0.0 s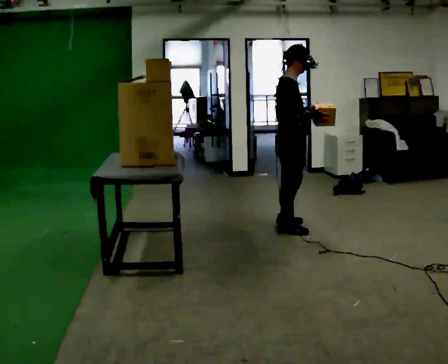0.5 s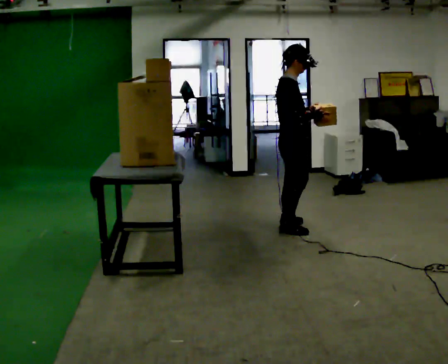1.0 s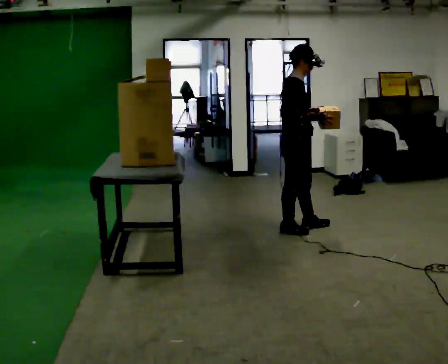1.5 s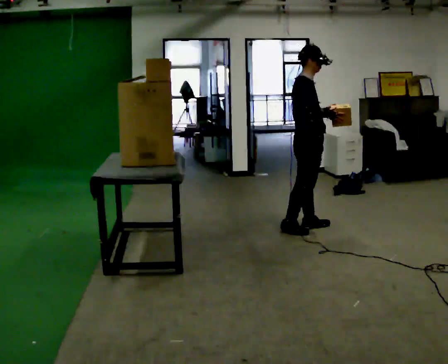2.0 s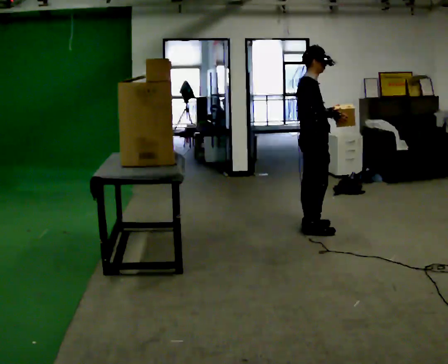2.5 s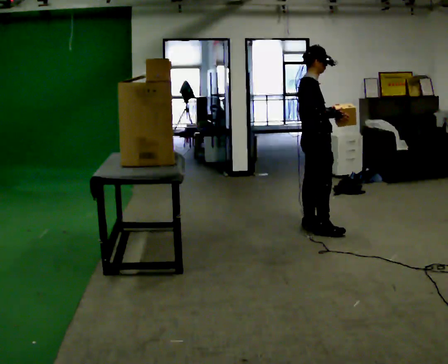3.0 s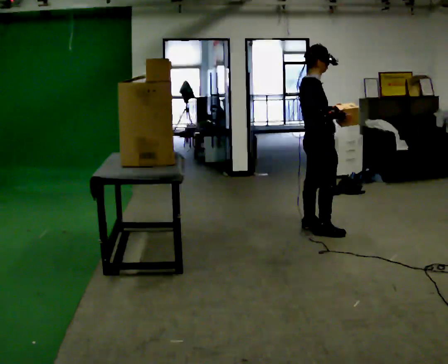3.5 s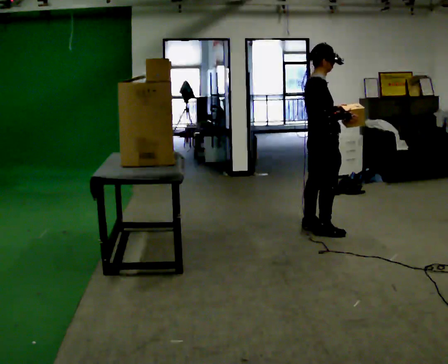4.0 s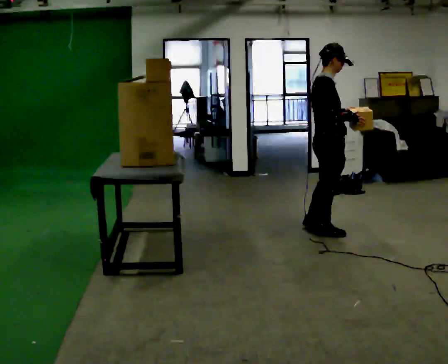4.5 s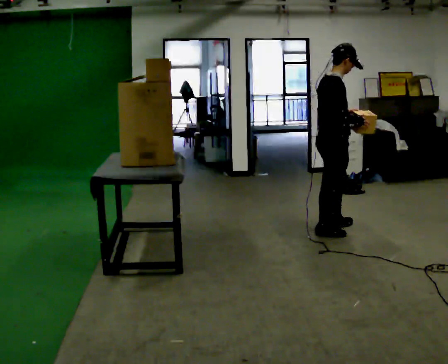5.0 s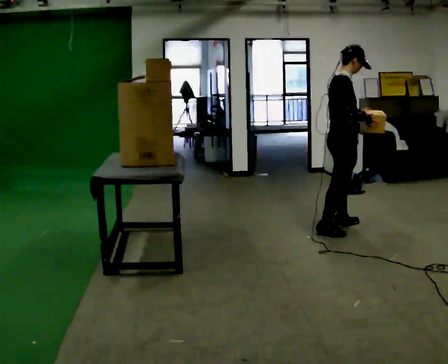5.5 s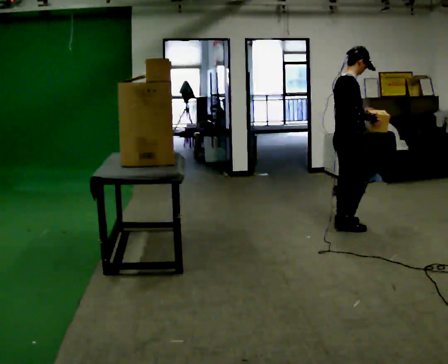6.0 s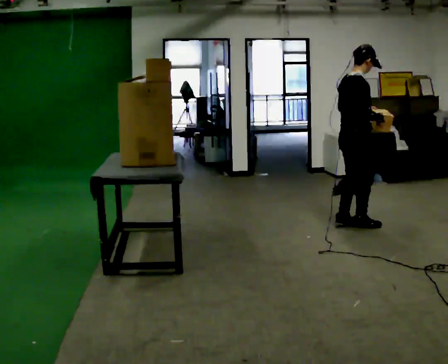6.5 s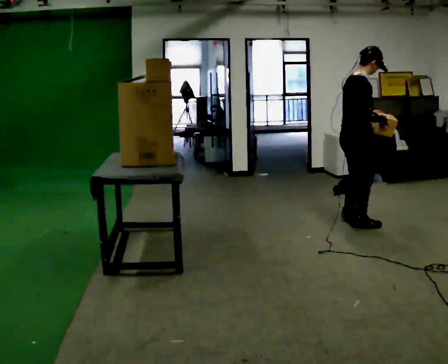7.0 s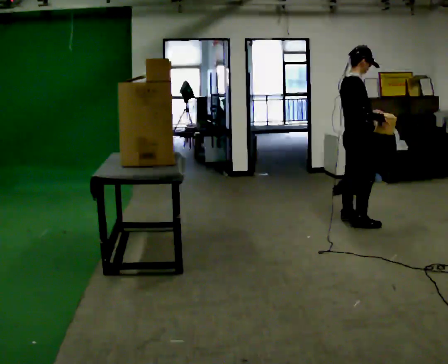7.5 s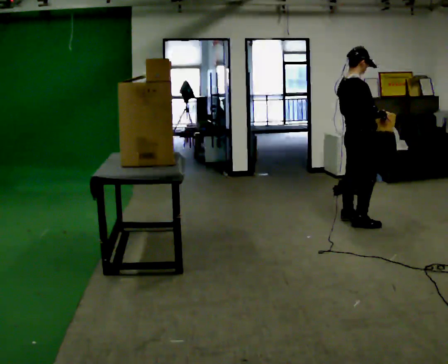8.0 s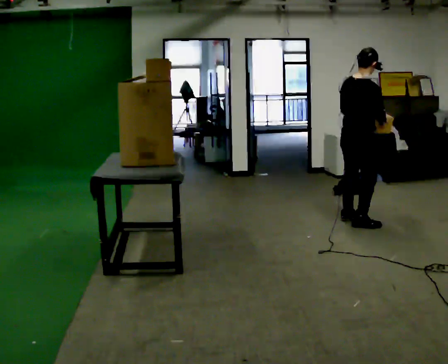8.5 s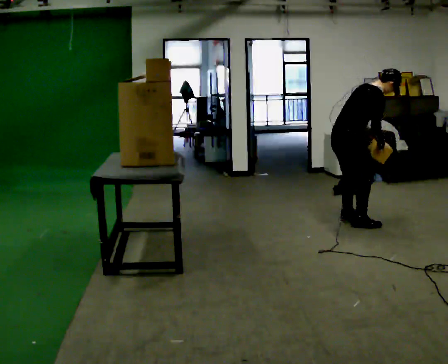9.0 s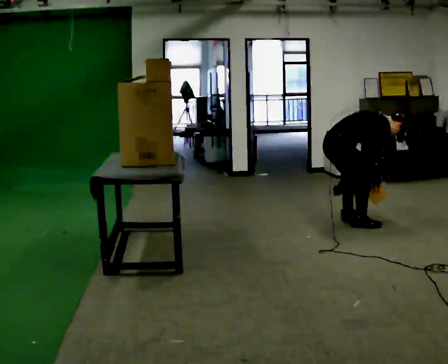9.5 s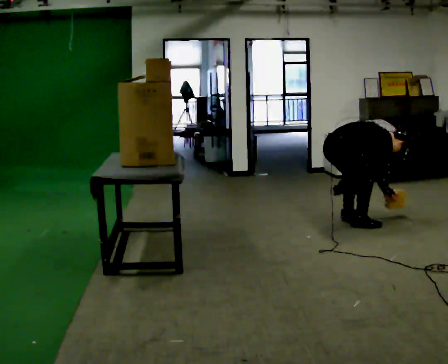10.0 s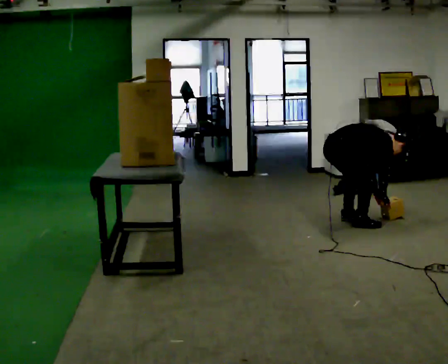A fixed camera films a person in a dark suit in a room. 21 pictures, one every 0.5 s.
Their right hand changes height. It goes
downward.
The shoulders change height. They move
downward.
0.0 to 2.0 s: In the picture they go to the right and away from the camera, about 0.25 m in 1 step, which for them is forward and to their left.
2.0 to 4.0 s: In the picture they go toward the camera, about 0.25 m in 1 step, which for them is to their right.
4.0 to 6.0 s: In the picture they go away from the camera and to the right, about 0.25 m in 2 steps, which for them is forward and to their left.
6.0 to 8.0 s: The person moves a little, or ends about where they began.
8.0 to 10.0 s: Seen from above the body turns clockwise, about 30 degrees: to their right, with its near side sliding to the left. In the picture they go to the left, about 0.25 m, which for them is backward. The upper body goes downward. In the picture the upper body tilts clockwise, shoulders to the right, as they bend forward. In the picture their right hand goes downward.
The film runs forward here.
